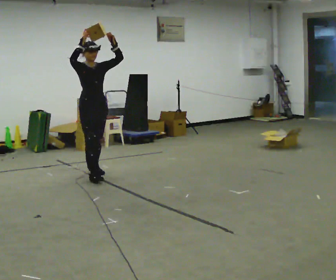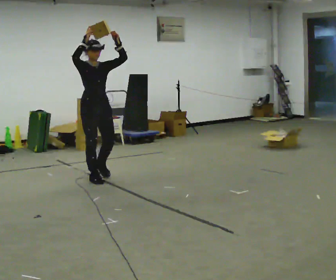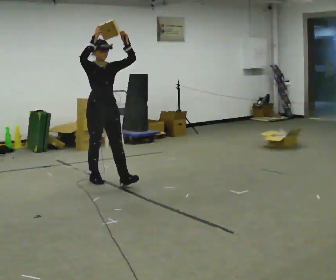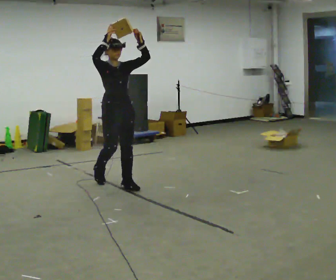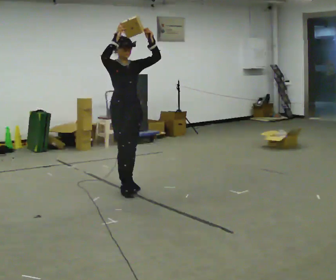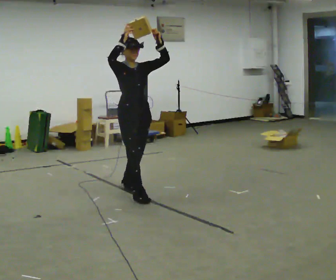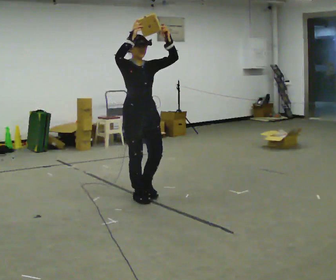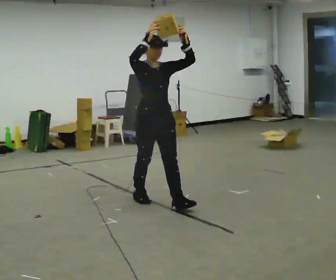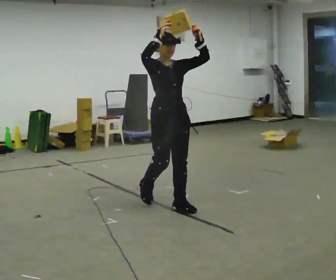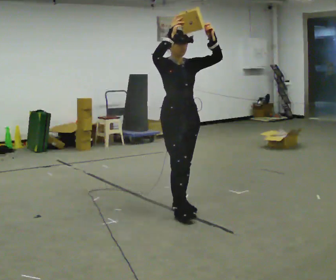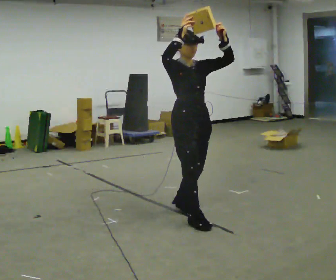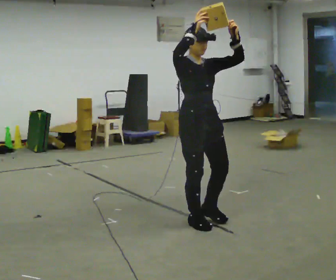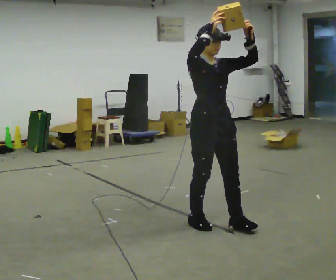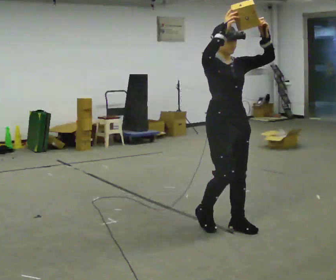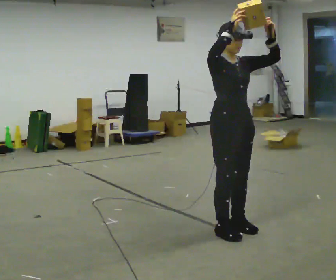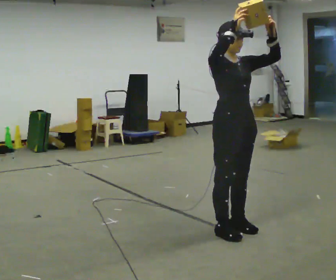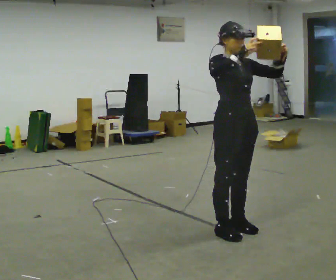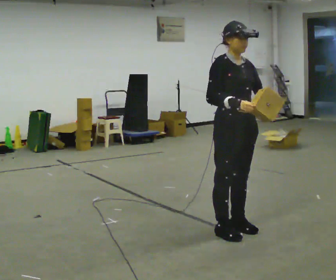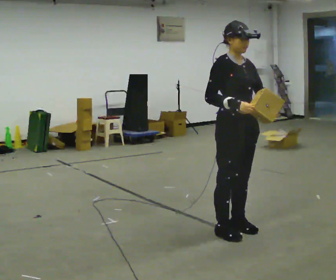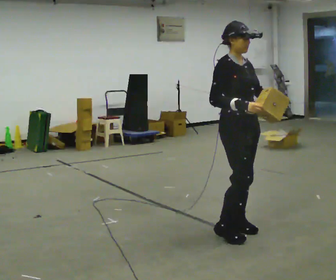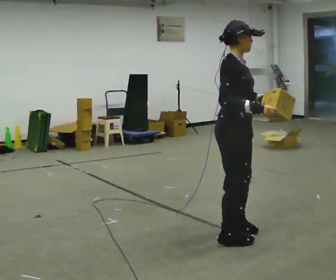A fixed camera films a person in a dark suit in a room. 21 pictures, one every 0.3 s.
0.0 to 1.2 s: In the picture they go toward the camera and to the right, about 0.5 m in 1 step, which for them is forward.
1.2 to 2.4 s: In the picture they go toward the camera and to the right, about 1 m in 2 steps, which for them is forward.
2.4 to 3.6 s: In the picture they go toward the camera and to the right, about 0.75 m in 2 steps, which for them is forward.
3.6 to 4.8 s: In the picture they go to the right, about 0.25 m in 1 step, which for them is forward.
4.8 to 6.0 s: The person turns about 45 degrees to their left, counterclockwise seen from above, so the part of the body nearest the lens slides to the right.
The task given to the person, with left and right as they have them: Carry the object held up above your head, walking back and forth across the room.
The film runs forward here.
